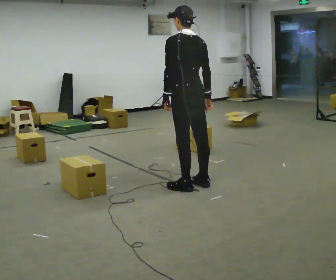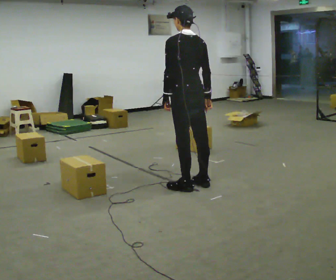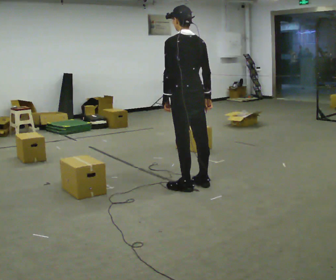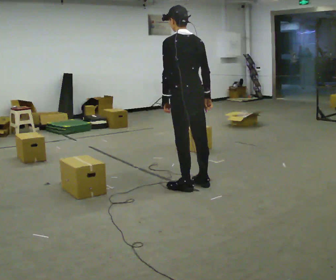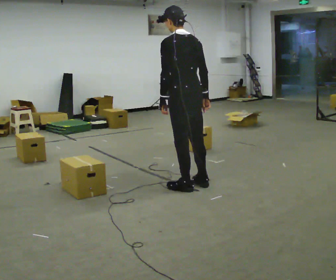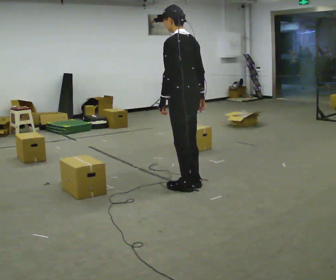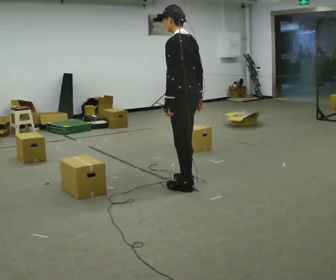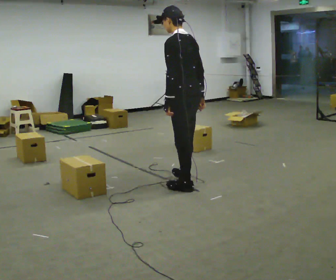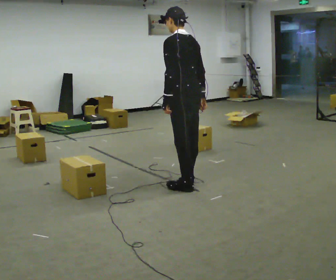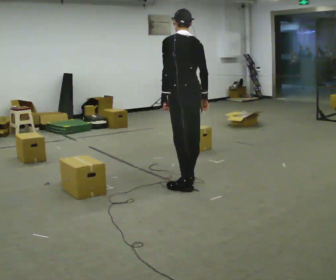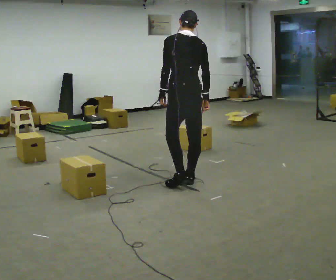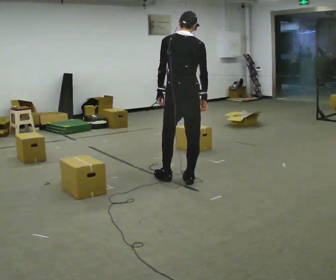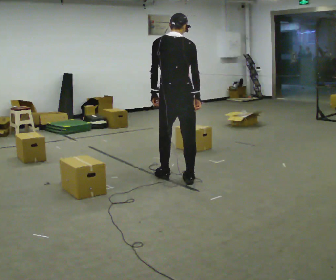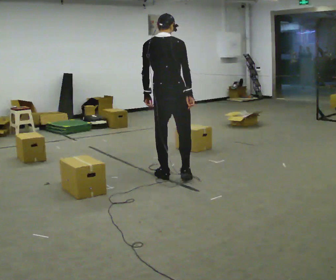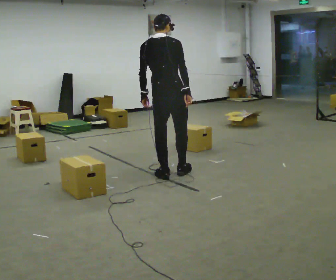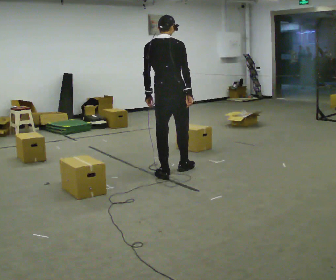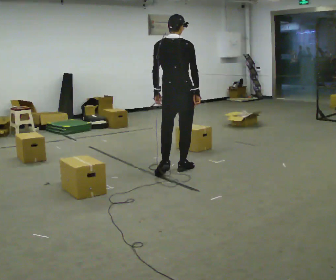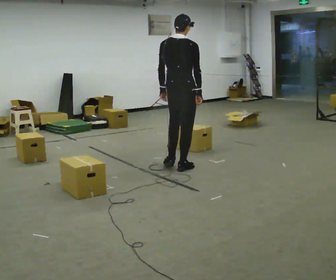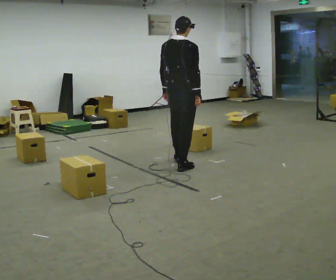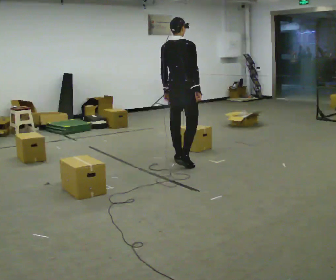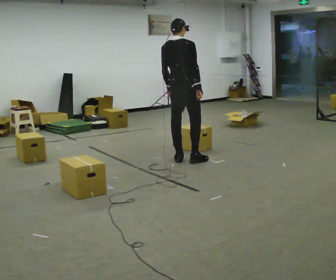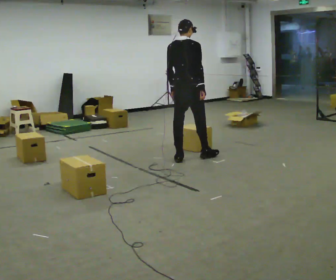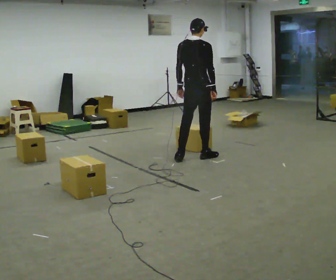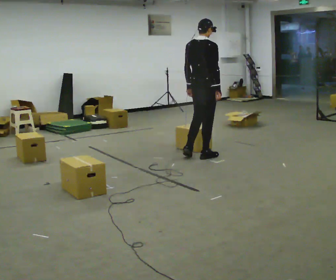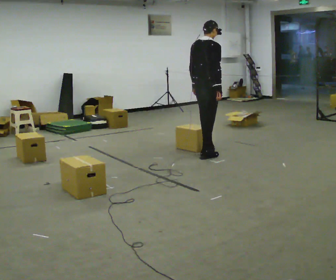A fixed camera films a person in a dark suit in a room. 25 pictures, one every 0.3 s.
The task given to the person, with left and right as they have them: Start at marker; visit targets in order; choose natural paths; avoid obstacles; stop at final target.
0.0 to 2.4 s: The person moves a little, or ends about where they began.
2.4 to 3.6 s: Seen from above the body turns clockwise, about 45 degrees: to their right, with its near side sliding to the left. In the picture they go away from the camera, about 0.25 m in 1 step, which for them is forward.
3.6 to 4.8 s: In the picture they go away from the camera, about 0.25 m in 1 step, which for them is forward.
4.8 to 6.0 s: In the picture they go away from the camera, about 0.5 m in 1 step, which for them is forward.
6.0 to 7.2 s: In the picture they go to the right and away from the camera, about 0.25 m in 1 step, which for them is forward and to their right.
The film runs forward here.
